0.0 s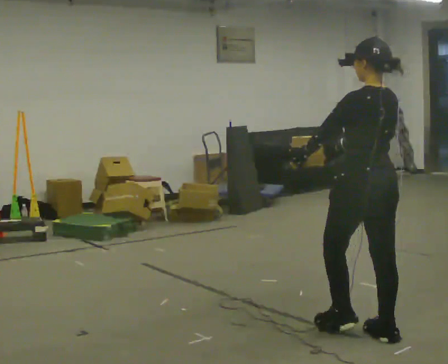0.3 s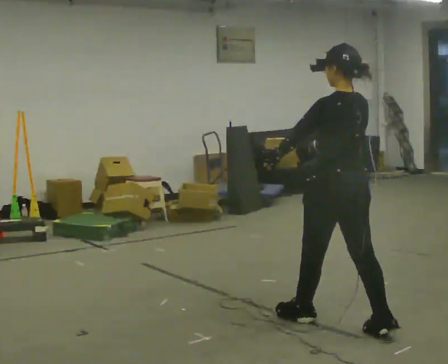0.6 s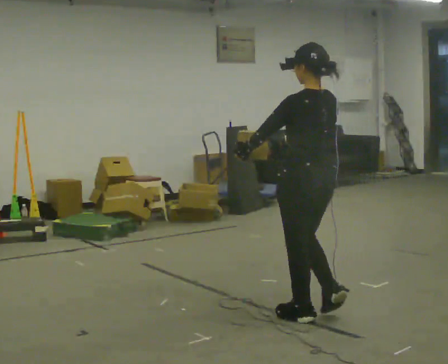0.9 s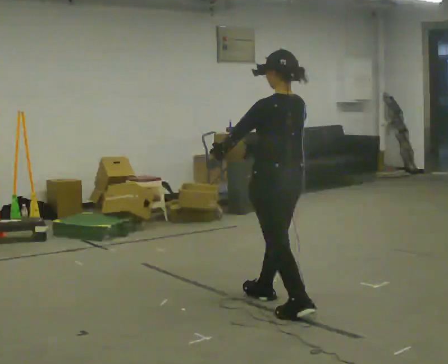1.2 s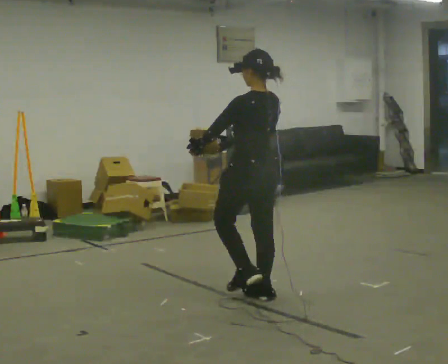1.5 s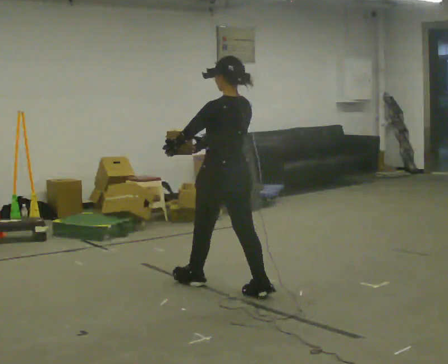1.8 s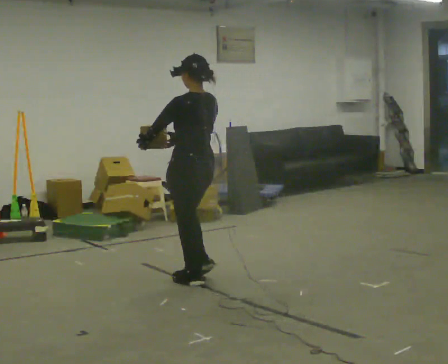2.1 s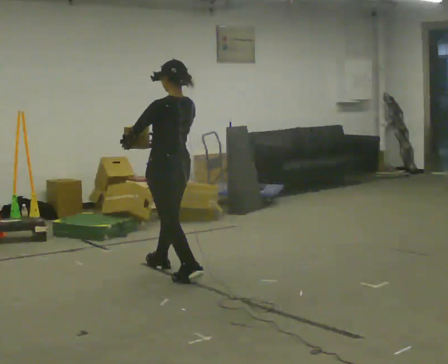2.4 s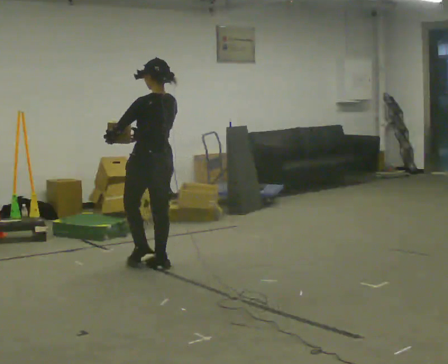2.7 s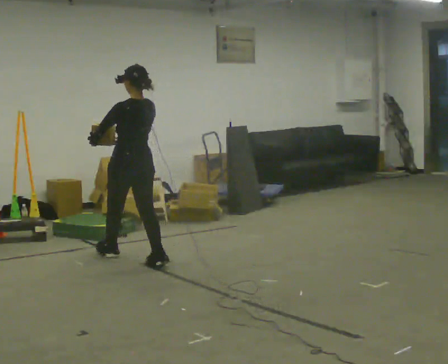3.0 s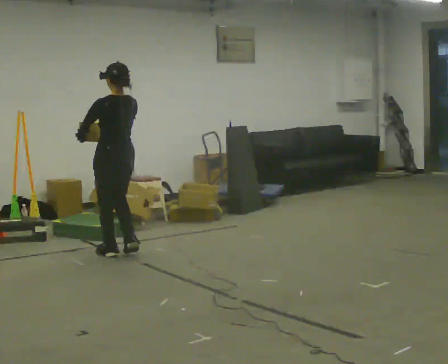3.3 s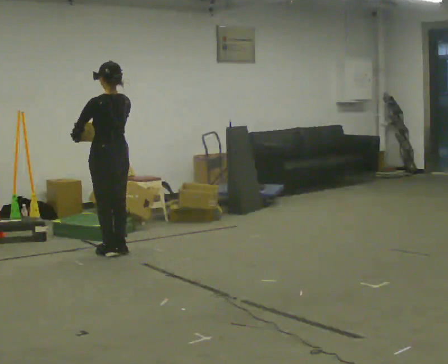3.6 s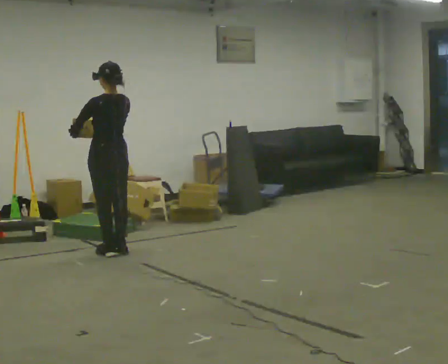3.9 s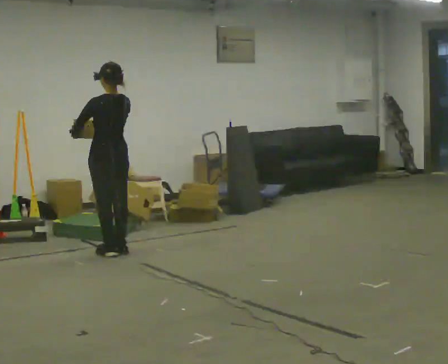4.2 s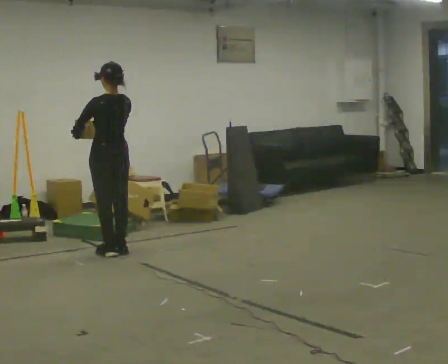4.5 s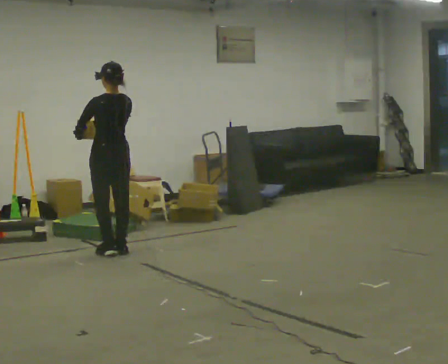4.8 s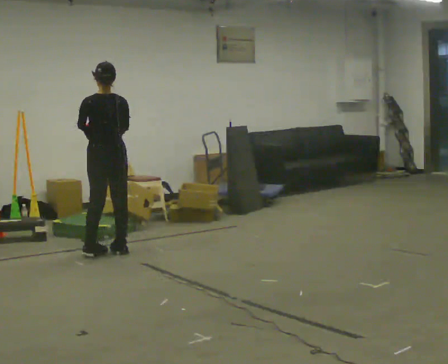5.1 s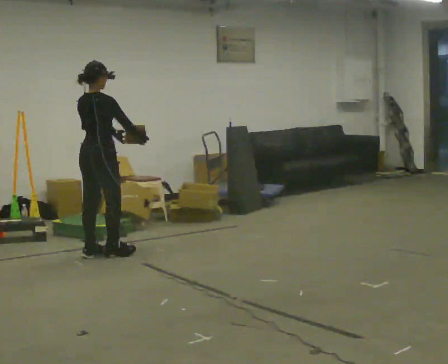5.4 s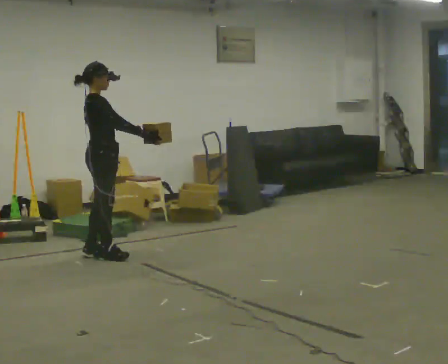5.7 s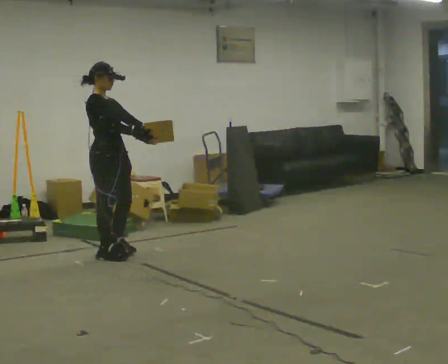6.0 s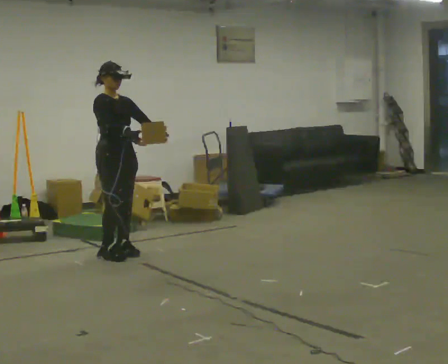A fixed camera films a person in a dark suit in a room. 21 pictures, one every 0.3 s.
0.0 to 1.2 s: In the picture they go away from the camera and to the left, about 1 m in 2 steps, which for them is forward.
1.2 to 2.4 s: In the picture they go away from the camera and to the left, about 1 m in 2 steps, which for them is forward.
2.4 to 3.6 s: In the picture they go away from the camera and to the left, about 0.5 m in 2 steps, which for them is forward.
3.6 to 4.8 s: The person turns about 30 degrees to their right, clockwise seen from above, so the part of the body nearest the lens slides to the left.
4.8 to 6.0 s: Seen from above the body turns clockwise, about 135 degrees: to their right, with its near side sliding to the left.
The film runs forward here.
